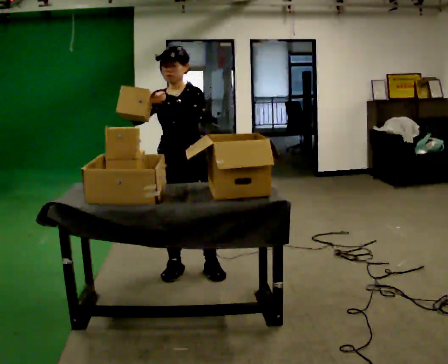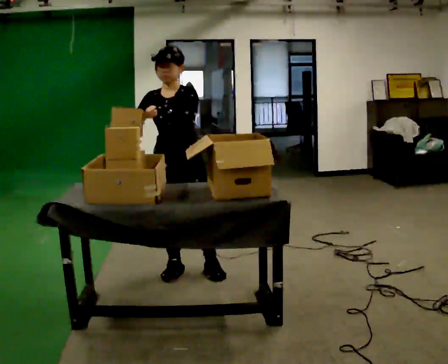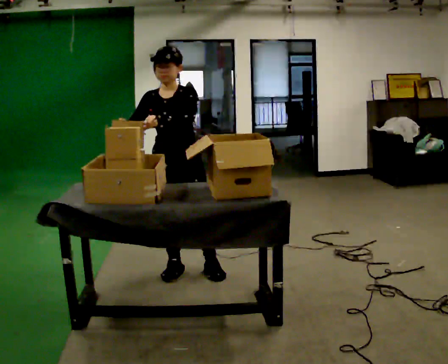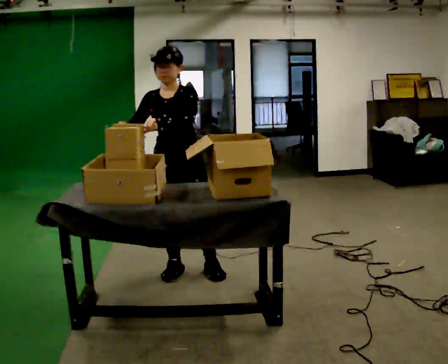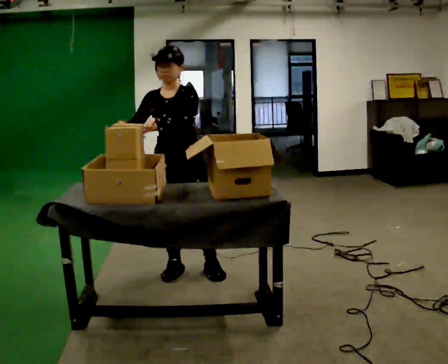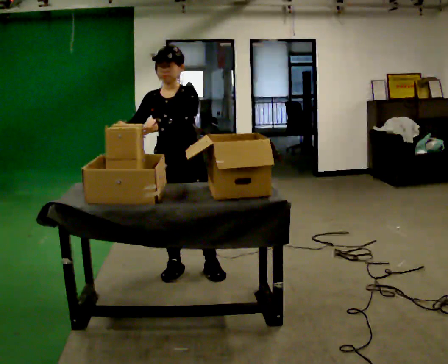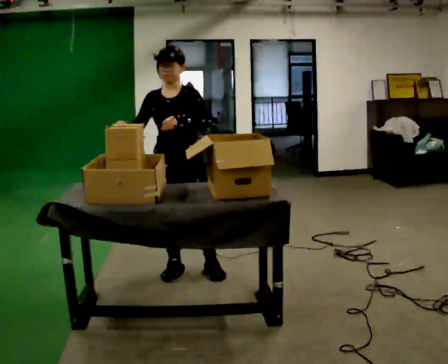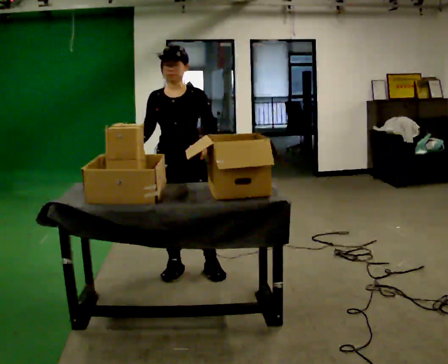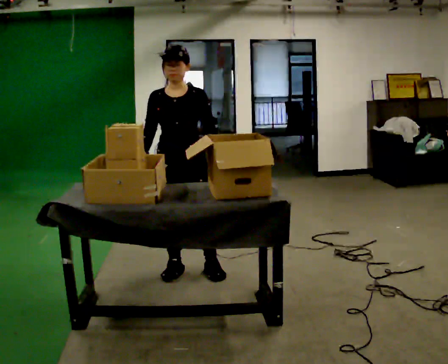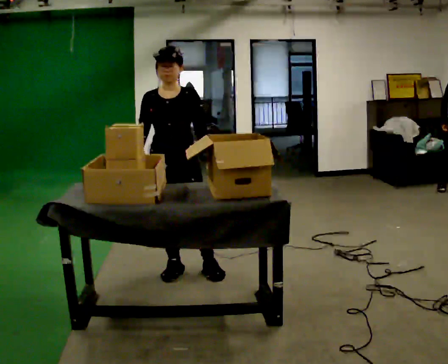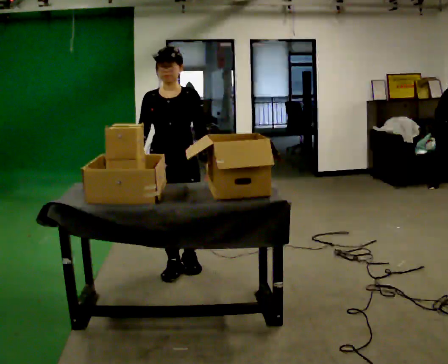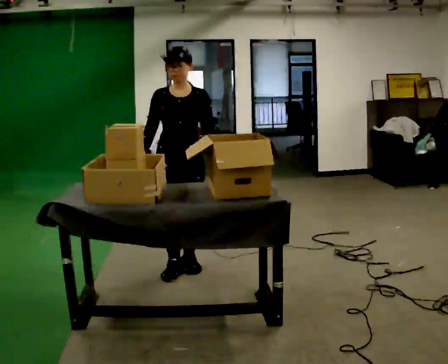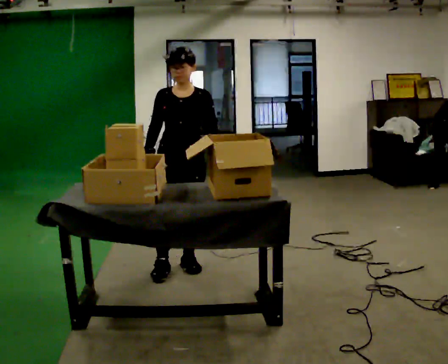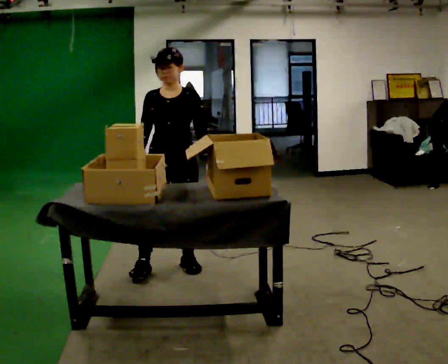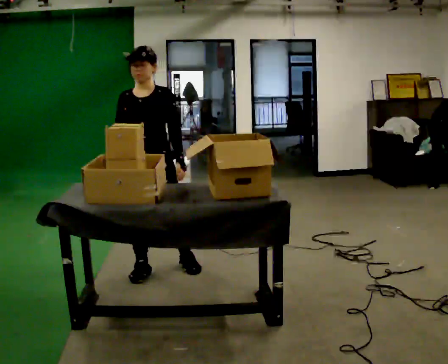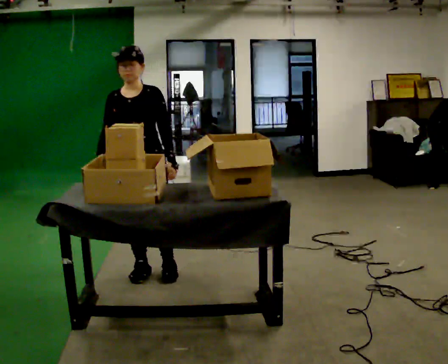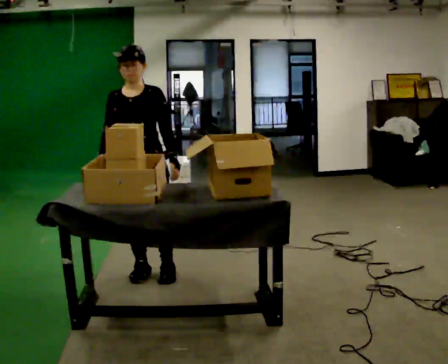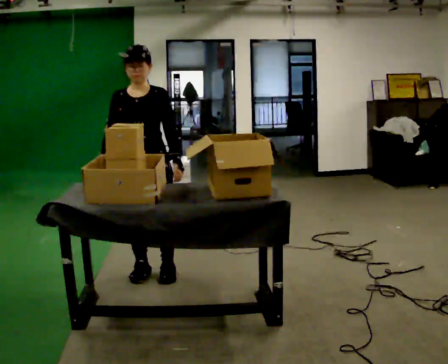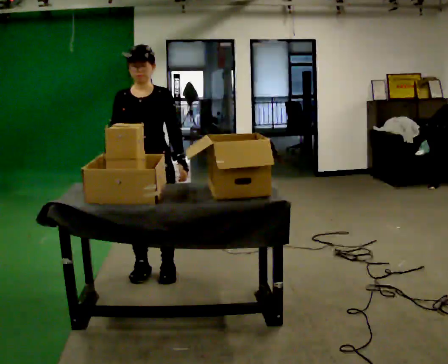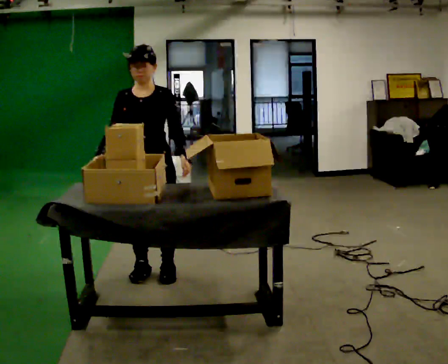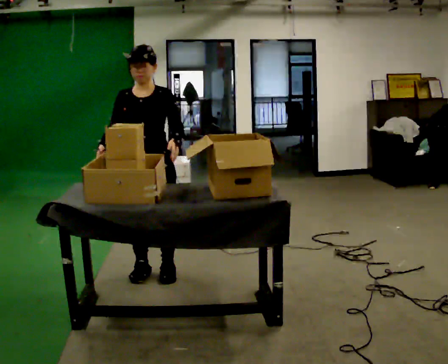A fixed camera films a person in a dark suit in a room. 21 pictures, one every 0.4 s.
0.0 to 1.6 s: The person moves a little, or ends about where they began.
1.6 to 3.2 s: In the picture their left hand goes to the right.
3.2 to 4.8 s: The person moves a little, or ends about where they began.
4.8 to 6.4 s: In the picture they go to the left and toward the camera, about 0.25 m in 2 steps, which for them is to their right and forward.
6.4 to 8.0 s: The person moves a little, or ends about where they began.
The film runs forward here.
